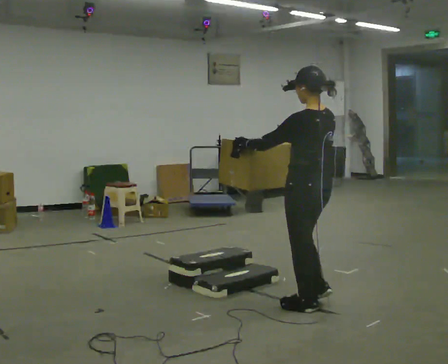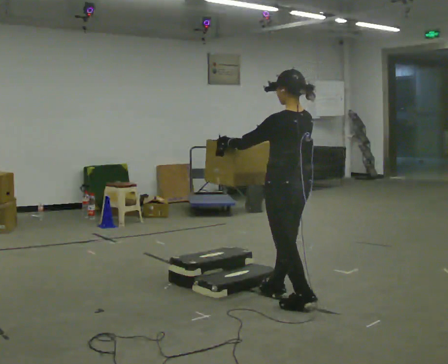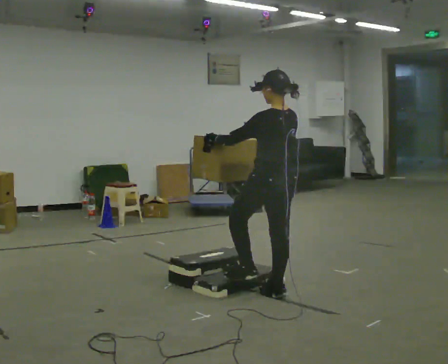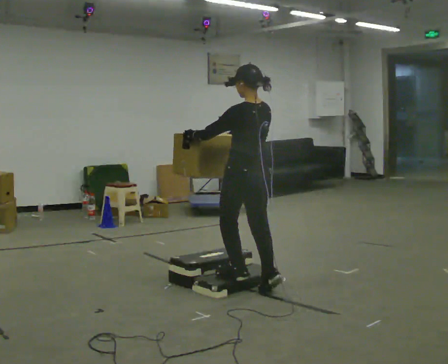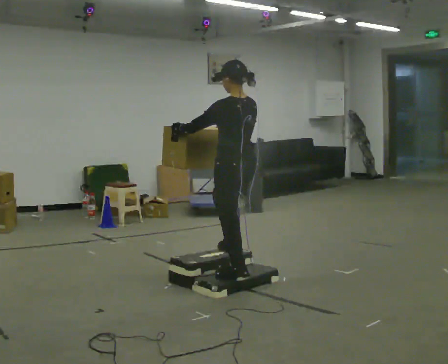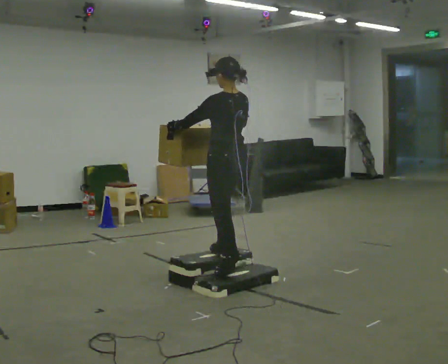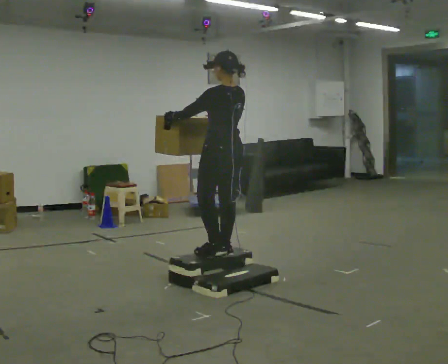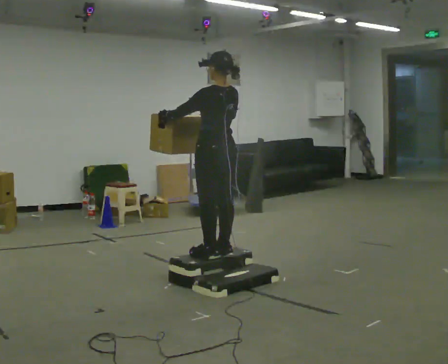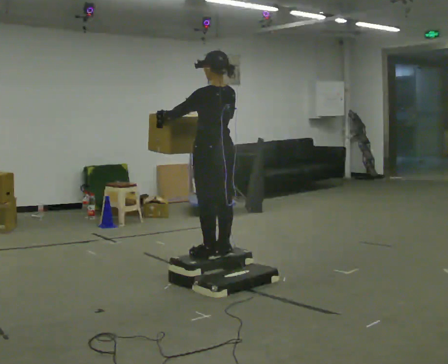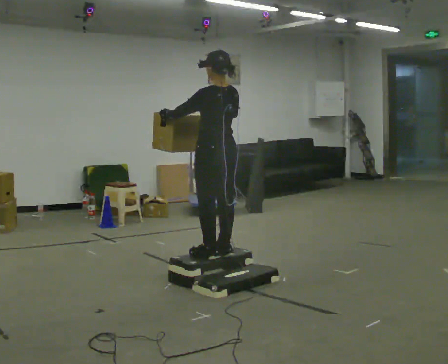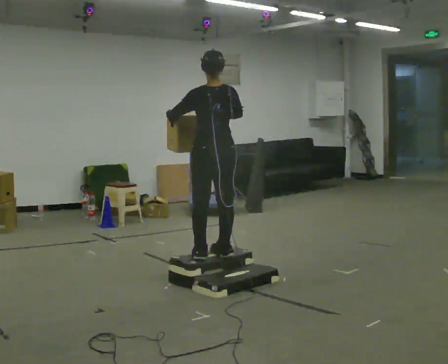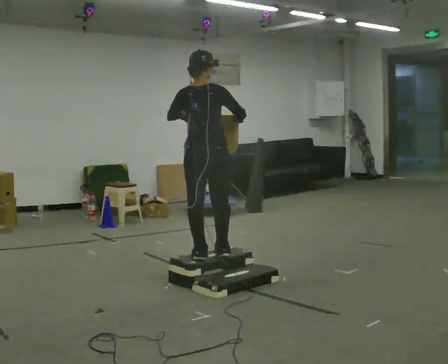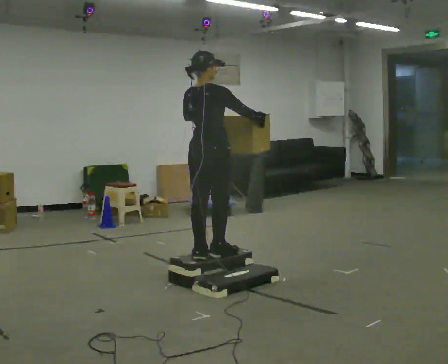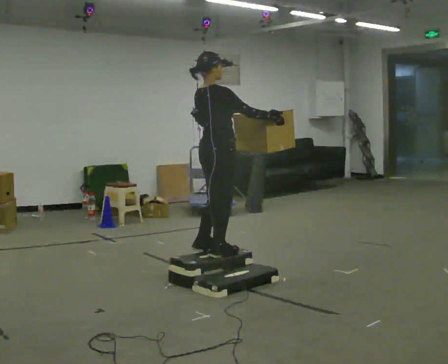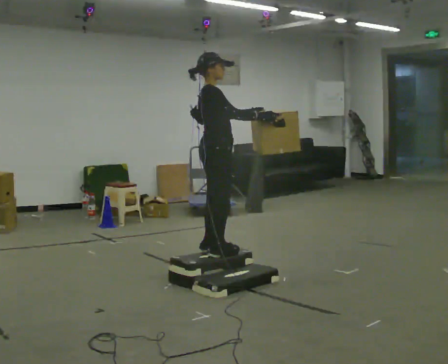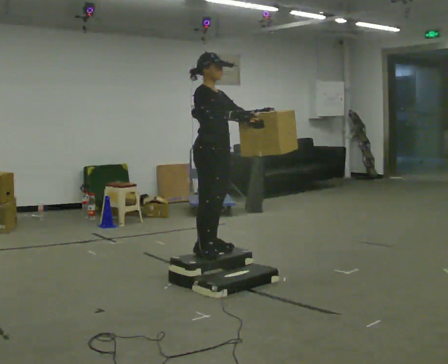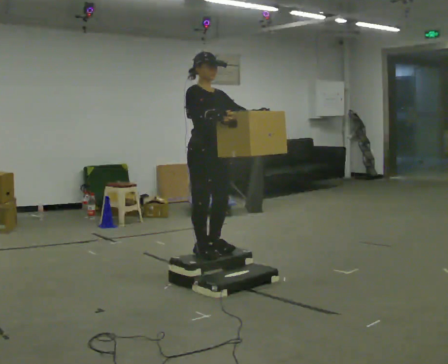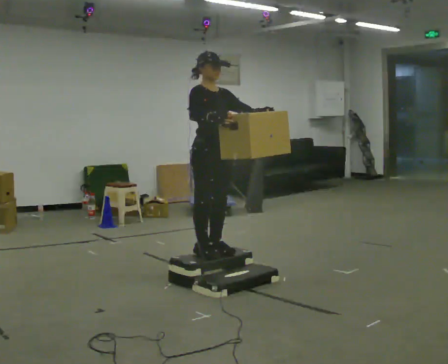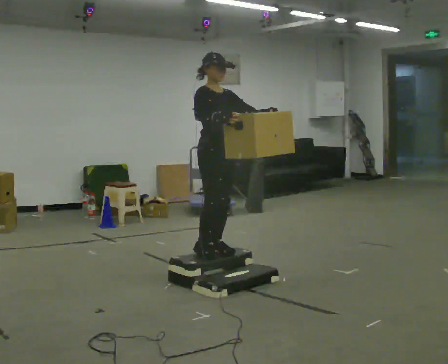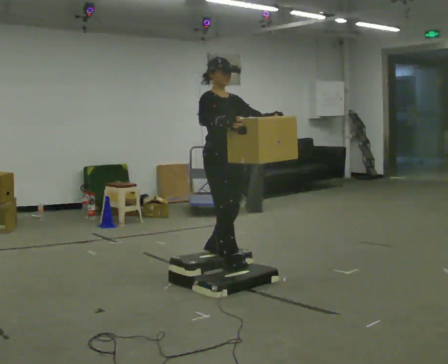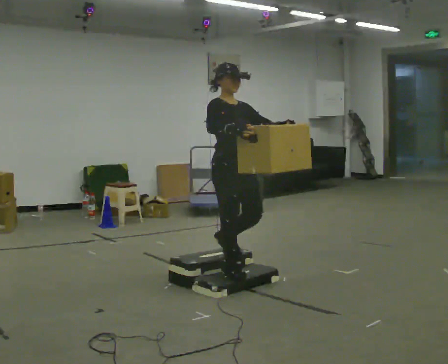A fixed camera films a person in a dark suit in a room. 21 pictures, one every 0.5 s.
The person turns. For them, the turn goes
to their right.
The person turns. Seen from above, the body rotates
clockwise.
0.0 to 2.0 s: In the picture they go away from the camera and to the left, about 0.5 m in 2 steps, which for them is forward.
2.0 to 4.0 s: In the picture they go away from the camera, about 0.25 m in 2 steps, which for them is forward.
4.0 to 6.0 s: Seen from above the body turns clockwise, about 75 degrees: to their right, with its near side sliding to the left. In the picture their right hand goes to the right.
6.0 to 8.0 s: Seen from above the body turns clockwise, about 105 degrees: to their right, with its near side sliding to the left. In the picture their left hand goes to the right.
8.0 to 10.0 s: In the picture they go toward the camera and to the right, about 0.25 m in 1 step, which for them is forward.
The film runs forward here.
